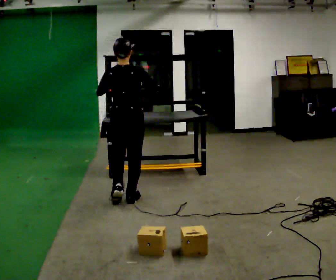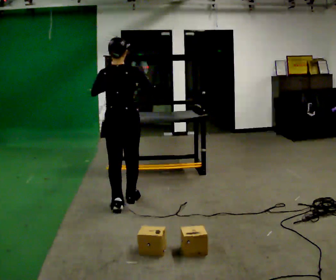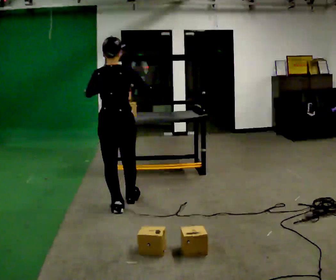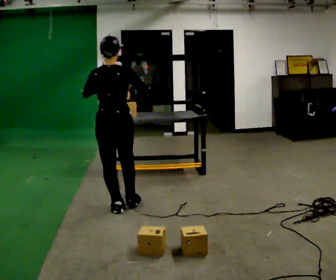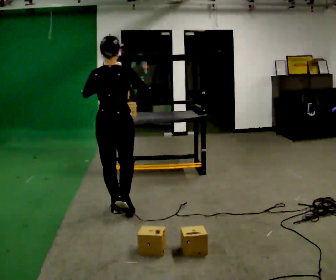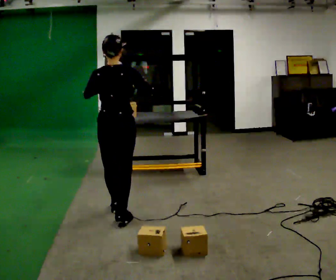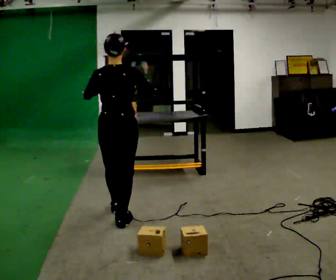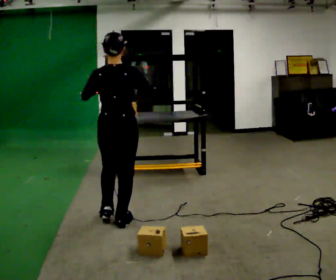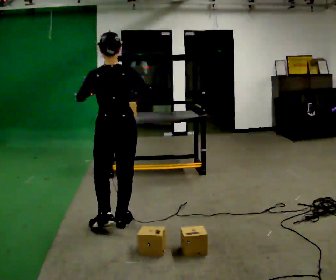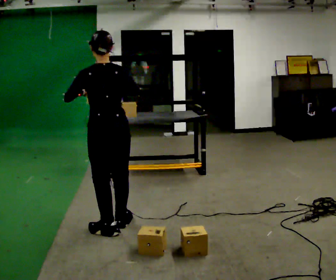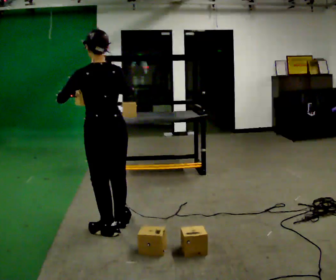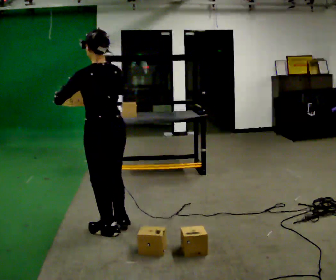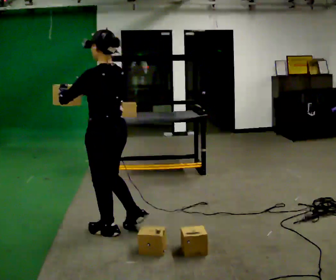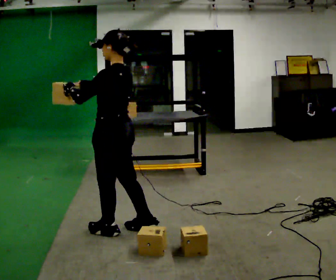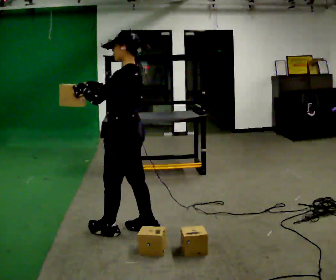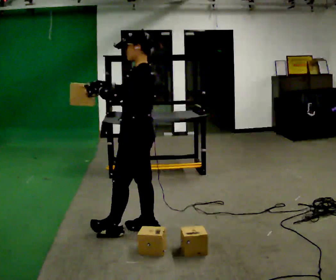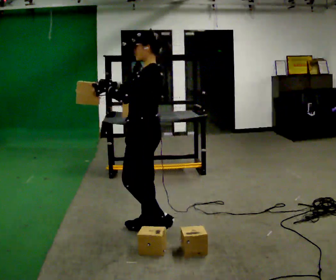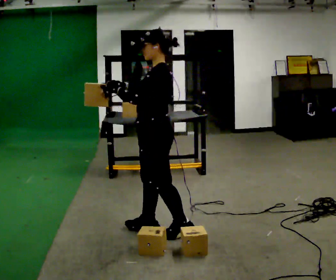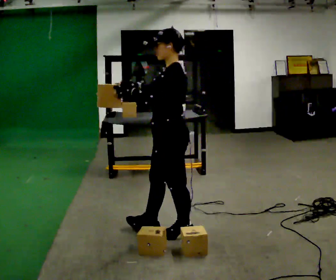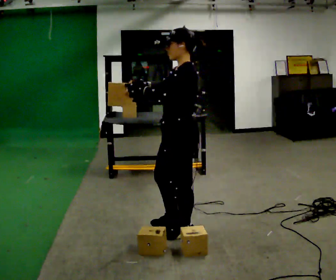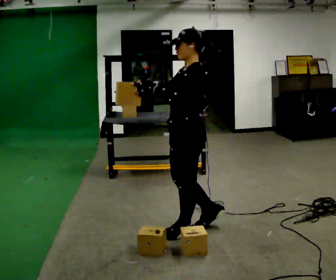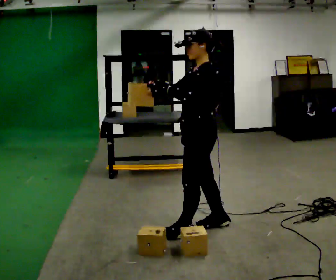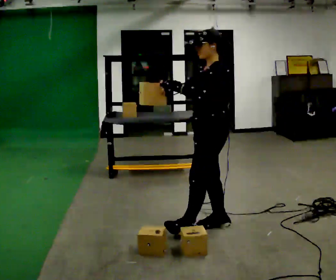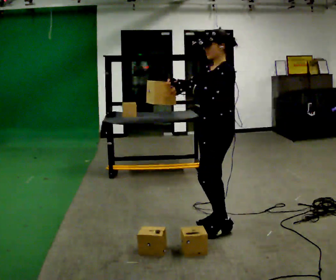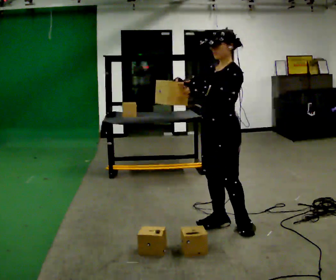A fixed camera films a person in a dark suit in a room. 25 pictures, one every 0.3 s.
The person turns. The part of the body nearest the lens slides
to the right.
The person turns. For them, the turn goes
to their left.
0.0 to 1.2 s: In the picture they go toward the camera, about 0.25 m in 1 step, which for them is backward.
1.2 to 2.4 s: In the picture they go toward the camera, about 0.25 m in 1 step, which for them is backward.
2.4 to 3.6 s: Seen from above the body turns counterclockwise, about 45 degrees: to their left, with its near side sliding to the right. In the picture they go toward the camera, about 0.25 m in 1 step, which for them is backward. In the picture their right hand goes to the left.
3.6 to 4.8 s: The part of the body nearest the lens slides to the right as the person turns to their left by about 45 degrees. In the picture they go to the right, about 0.25 m in 1 step, which for them is backward and to their right.
4.8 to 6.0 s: In the picture they go to the right, about 0.25 m in 1 step, which for them is backward.
6.0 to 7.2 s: In the picture they go to the right, about 0.25 m in 1 step, which for them is backward.
The film runs backward here.
